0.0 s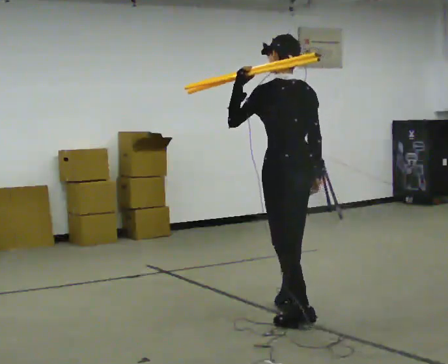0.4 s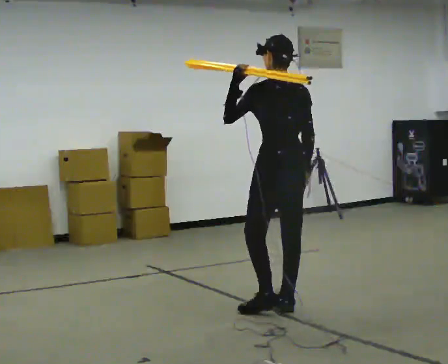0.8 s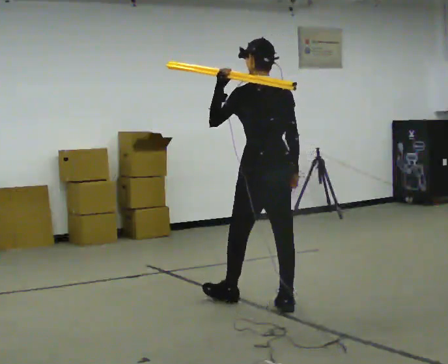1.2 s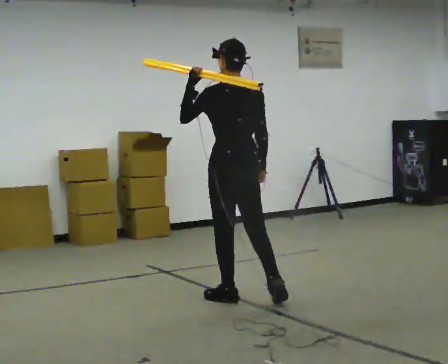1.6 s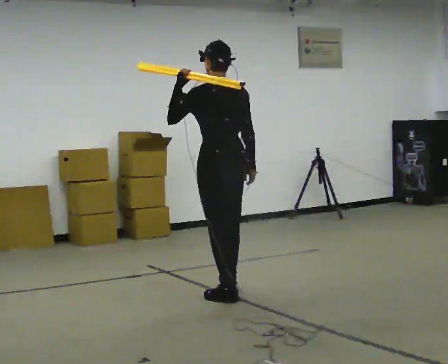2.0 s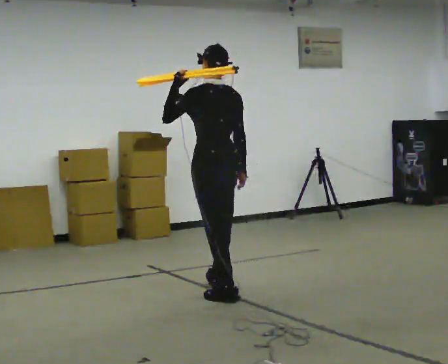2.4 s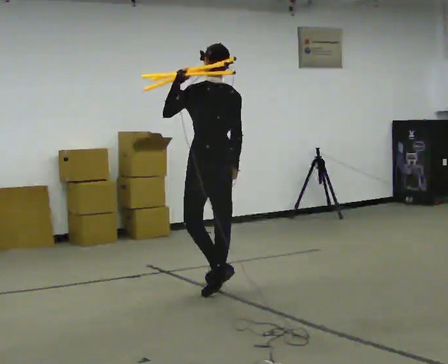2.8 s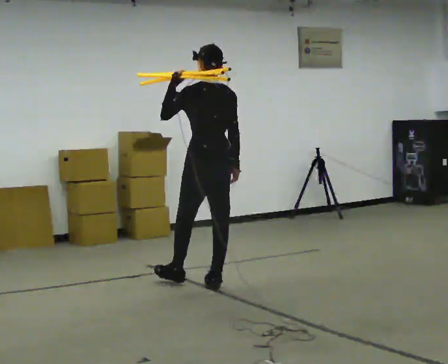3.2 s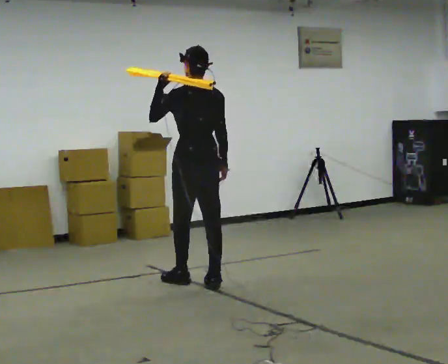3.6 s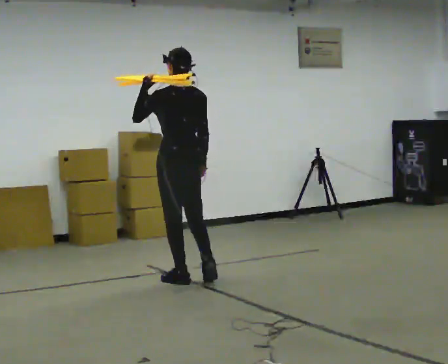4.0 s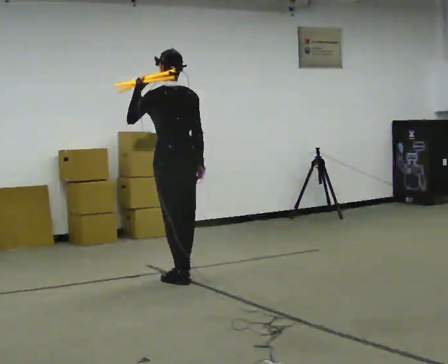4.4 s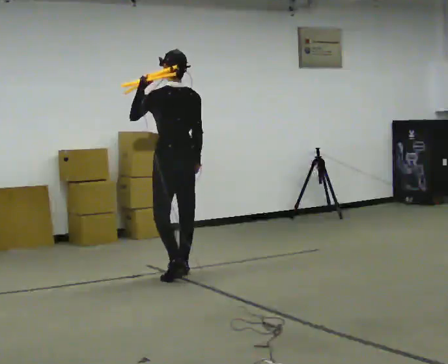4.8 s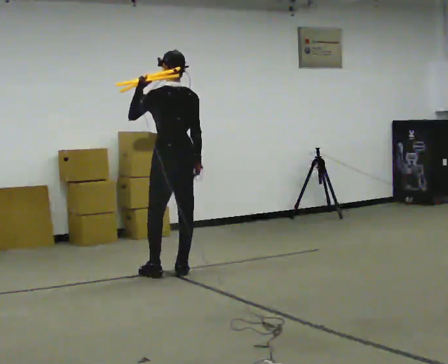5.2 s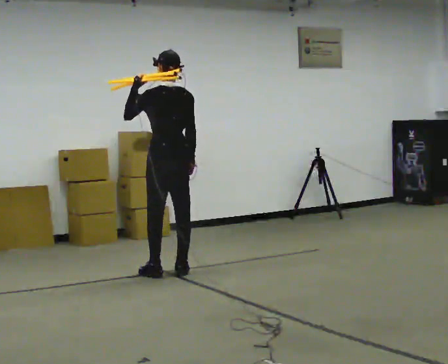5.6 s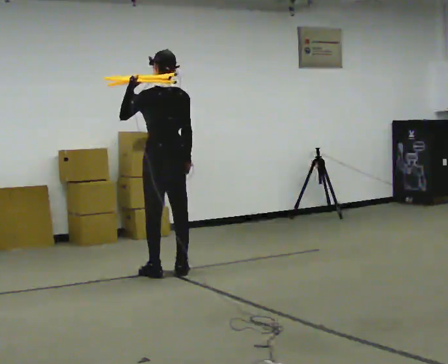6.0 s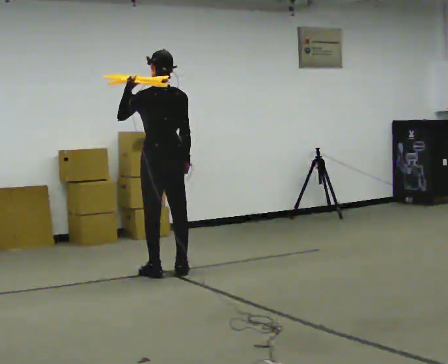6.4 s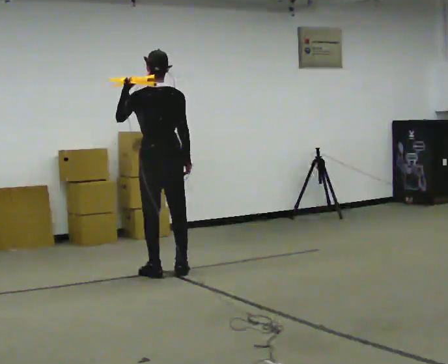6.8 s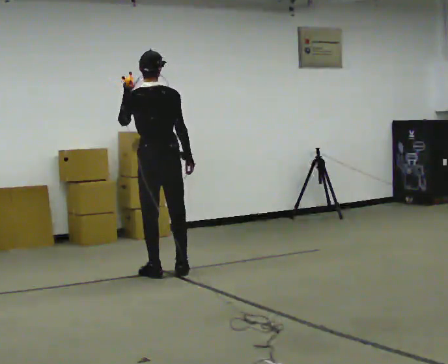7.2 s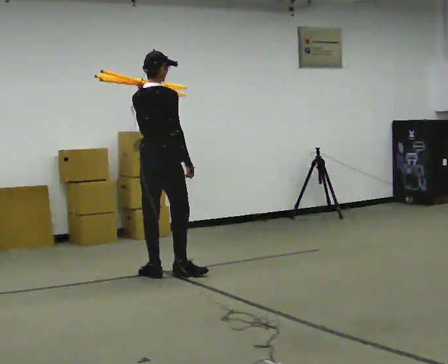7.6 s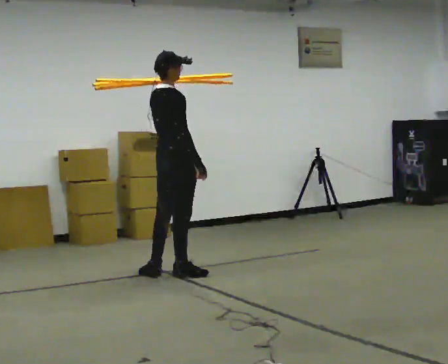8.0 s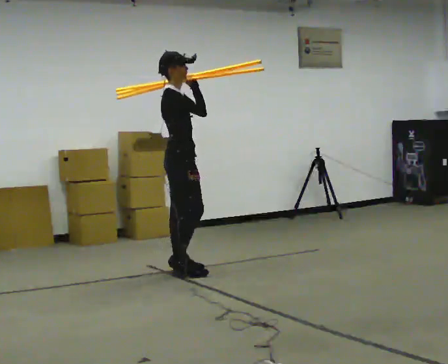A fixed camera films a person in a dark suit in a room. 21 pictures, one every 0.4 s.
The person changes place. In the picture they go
away from the camera.
The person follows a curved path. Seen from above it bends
clockwise.
0.0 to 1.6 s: In the picture they go away from the camera and to the left, about 0.5 m in 1 step, which for them is forward.
1.6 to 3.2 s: In the picture they go away from the camera, about 0.5 m in 2 steps, which for them is forward.
3.2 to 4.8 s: In the picture they go away from the camera and to the left, about 0.5 m in 2 steps, which for them is forward.
4.8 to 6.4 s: The person moves a little, or ends about where they began.
6.4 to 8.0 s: The part of the body nearest the lens slides to the left as the person turns to their right by about 120 degrees. In the picture their left hand goes to the right.
The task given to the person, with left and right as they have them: Rest the long object on the shoulder the operator calls and carry it across the room, back and forth.
The film runs forward here.
